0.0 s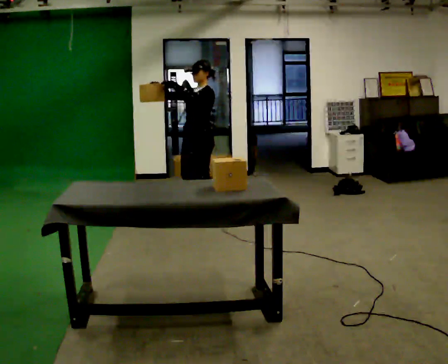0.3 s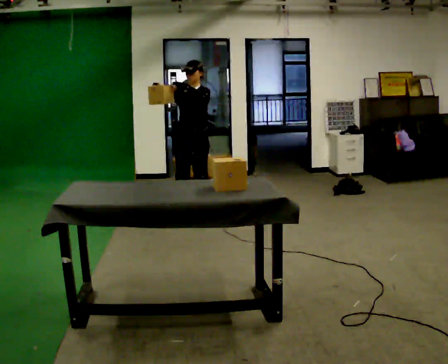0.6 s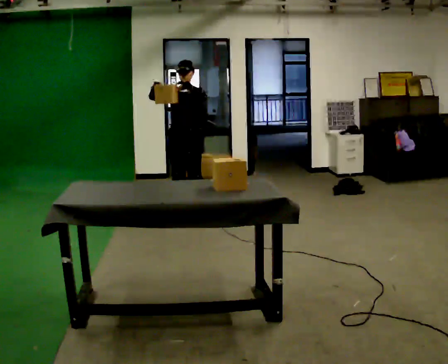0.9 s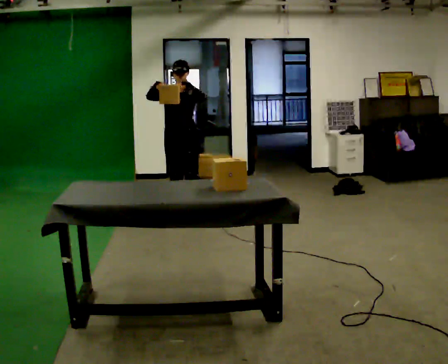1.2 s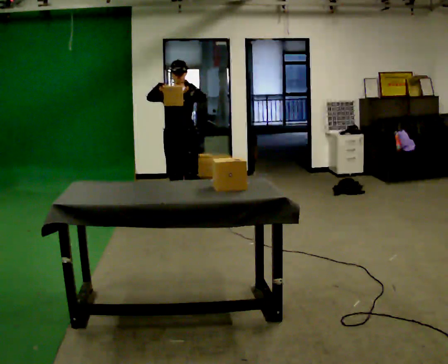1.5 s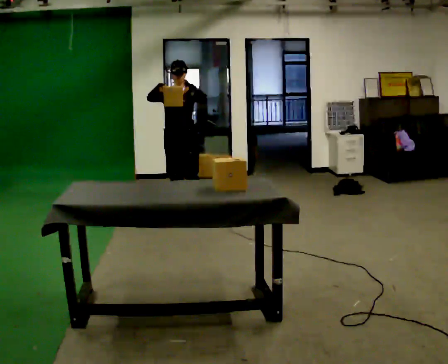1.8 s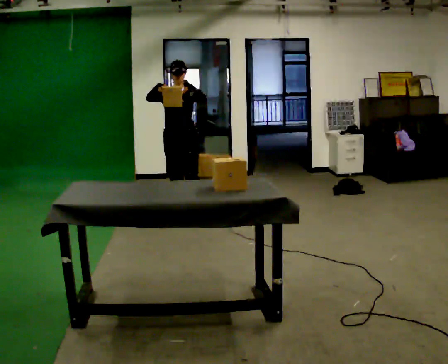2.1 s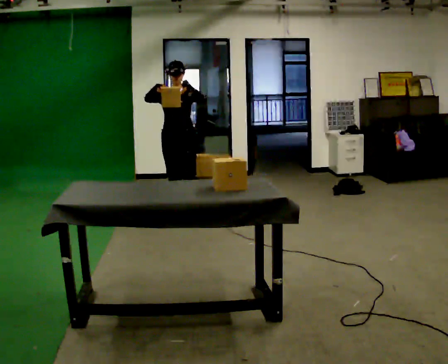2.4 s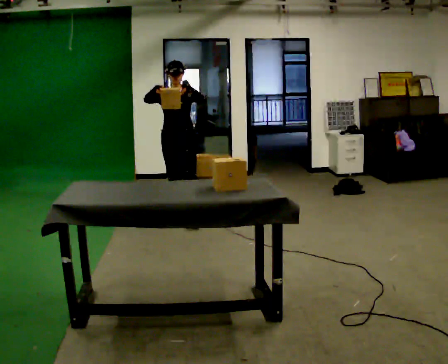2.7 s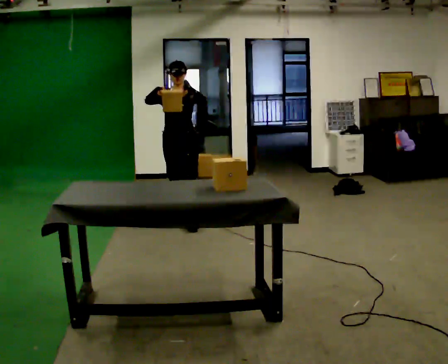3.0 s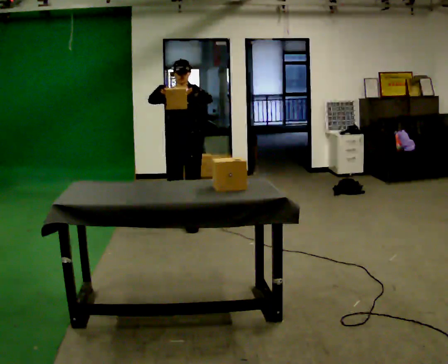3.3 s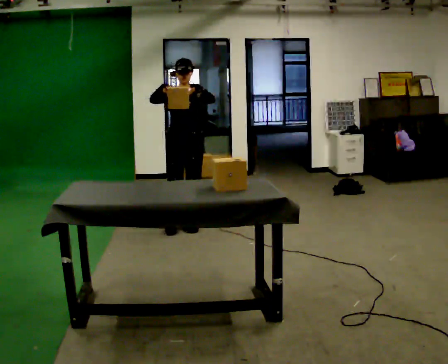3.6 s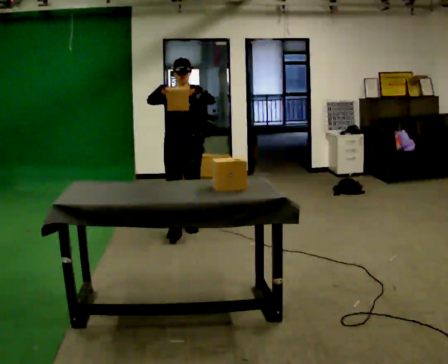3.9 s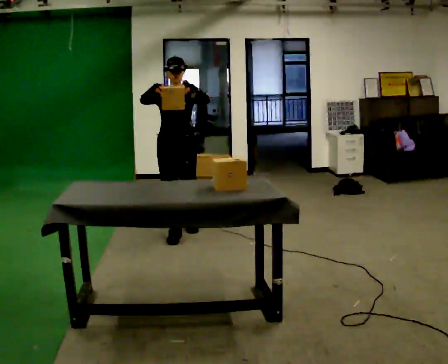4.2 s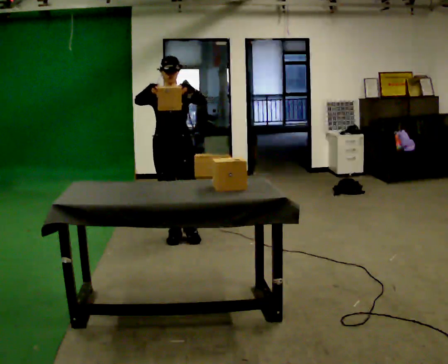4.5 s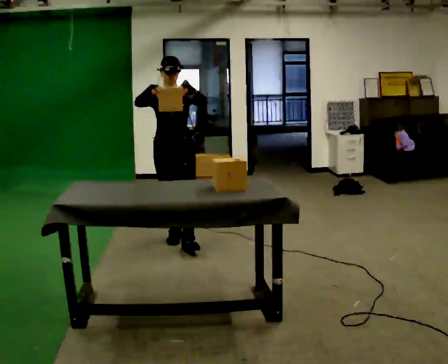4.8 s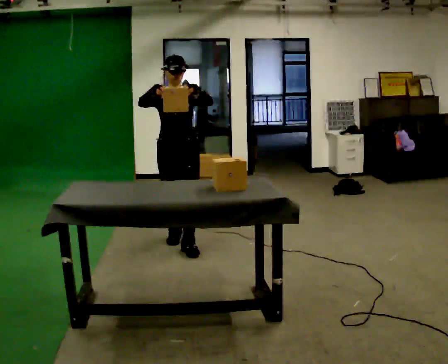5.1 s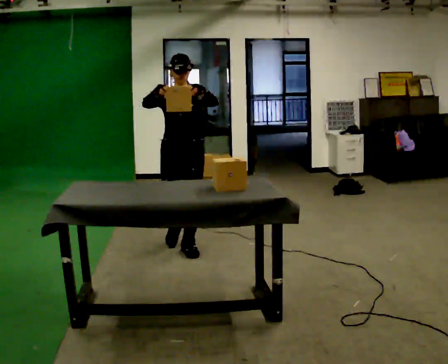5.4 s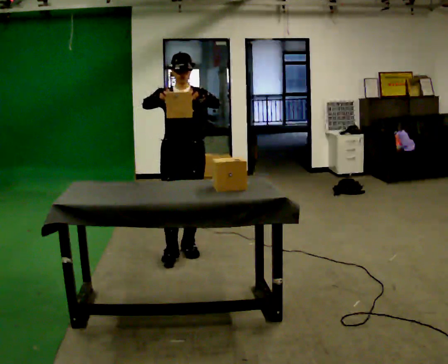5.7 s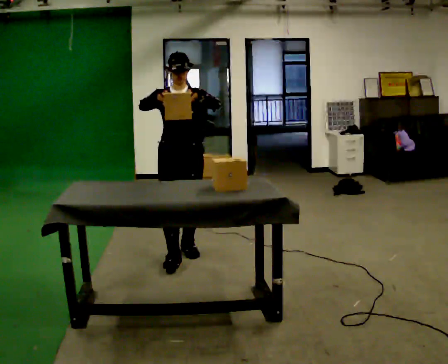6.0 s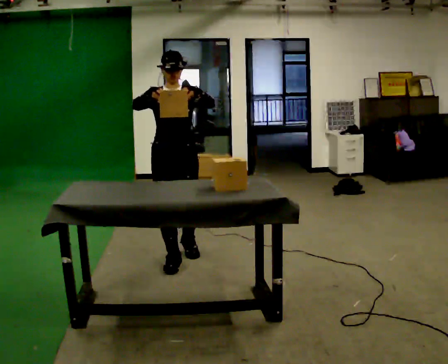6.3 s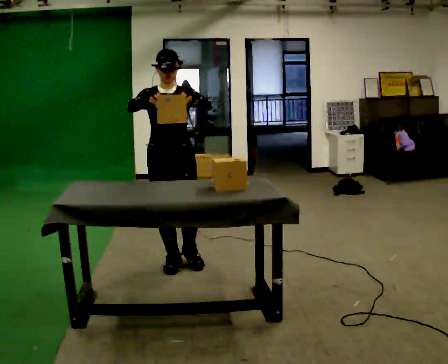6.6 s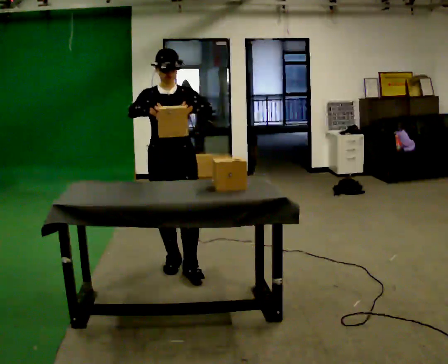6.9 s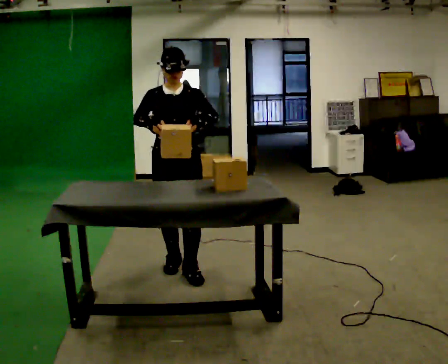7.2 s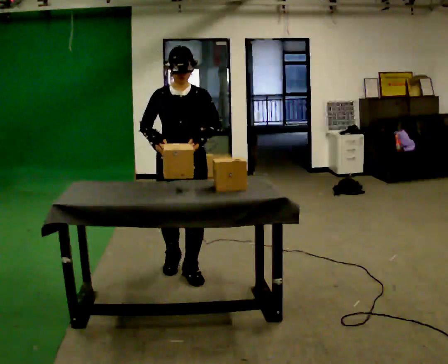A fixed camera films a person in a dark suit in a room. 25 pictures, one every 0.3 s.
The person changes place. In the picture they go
toward the camera.
0.0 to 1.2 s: Seen from above the body turns counterclockwise, about 60 degrees: to their left, with its near side sliding to the right. In the picture they go to the left, about 0.25 m in 1 step, which for them is to their right.
1.2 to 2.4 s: The person moves a little, or ends about where they began.
2.4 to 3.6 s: In the picture they go toward the camera, about 0.5 m in 2 steps, which for them is forward.
3.6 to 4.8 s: In the picture they go toward the camera, about 0.5 m in 1 step, which for them is forward.
4.8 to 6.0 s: In the picture they go toward the camera, about 0.5 m in 1 step, which for them is forward.
6.0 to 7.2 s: In the picture they go toward the camera, about 0.25 m in 1 step, which for them is forward.
The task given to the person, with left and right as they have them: Take the objects the operator names off the crowded shelf, one at a time, and carry each one to the table. You will have to move other things out of the way to reach them. Keep going until the operator says stop; one object at a time, and do not rush between trips.
The film runs forward here.
